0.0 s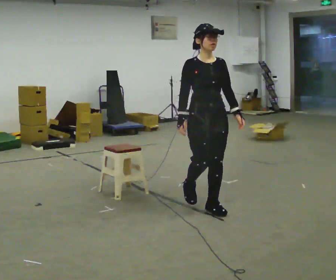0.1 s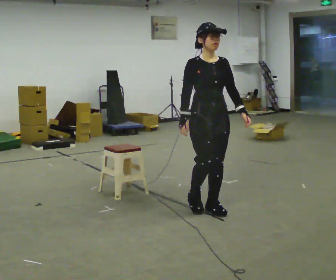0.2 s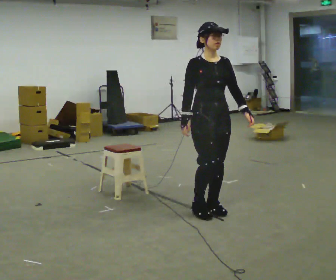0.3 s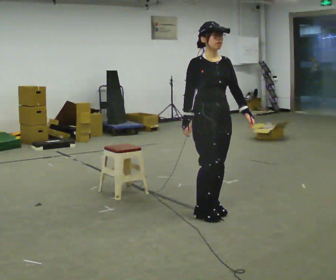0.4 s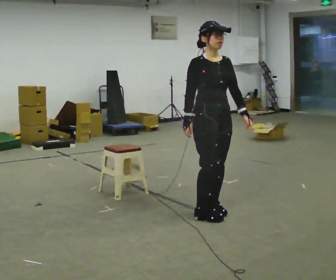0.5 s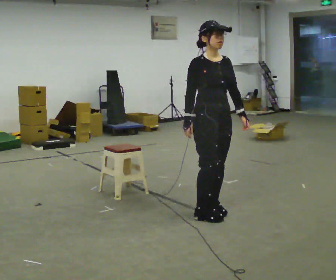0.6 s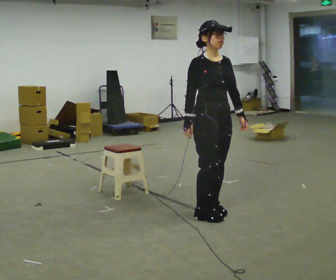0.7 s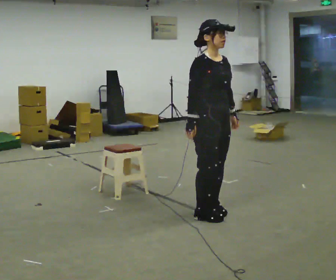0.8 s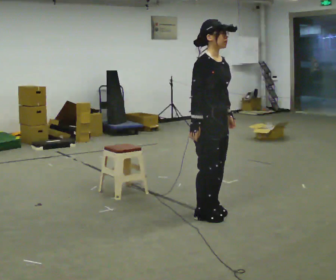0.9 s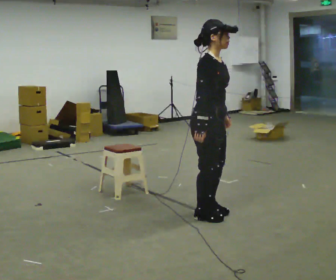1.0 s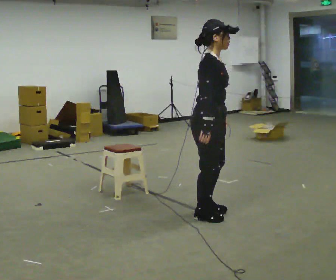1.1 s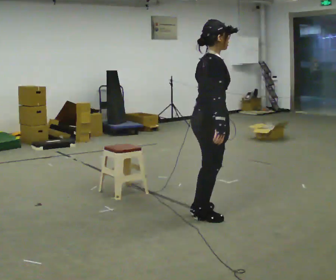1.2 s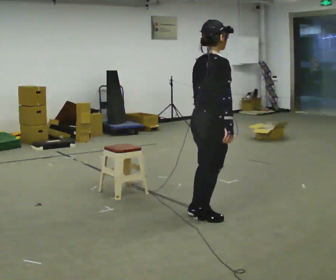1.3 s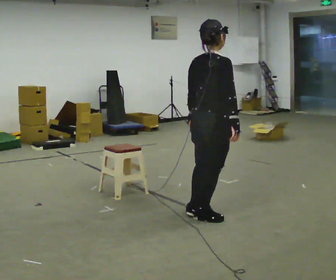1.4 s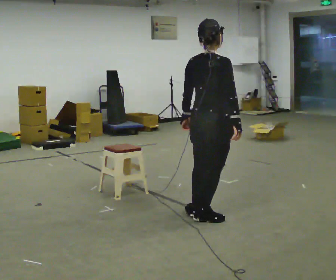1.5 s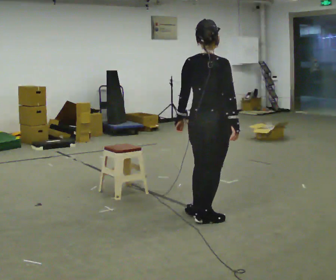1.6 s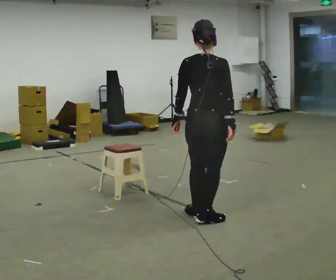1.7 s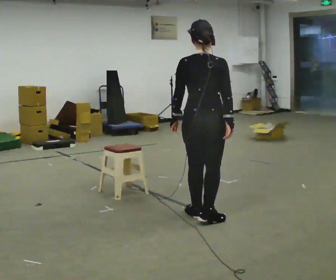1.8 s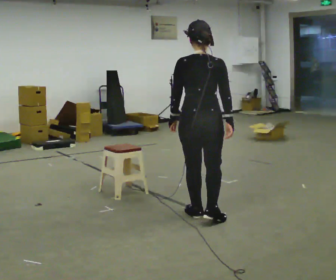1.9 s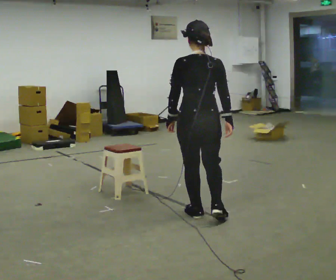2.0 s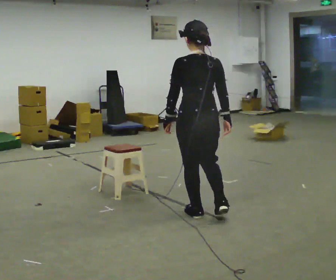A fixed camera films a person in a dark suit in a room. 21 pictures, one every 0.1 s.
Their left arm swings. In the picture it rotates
clockwise.
The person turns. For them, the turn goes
to their left.
0.0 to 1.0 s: The person turns about 60 degrees to their left, counterclockwise seen from above, so the part of the body nearest the lens slides to the right. In the picture they go toward the camera, about 0.25 m in 1 step, which for them is forward and to their right.
1.0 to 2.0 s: Seen from above the body turns counterclockwise, about 120 degrees: to their left, with its near side sliding to the right.
The film runs forward here.
